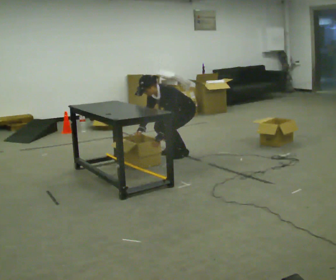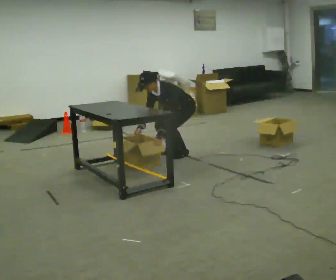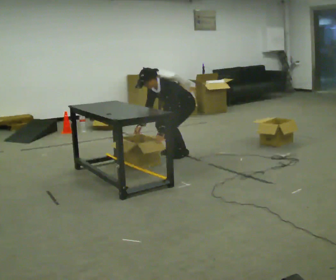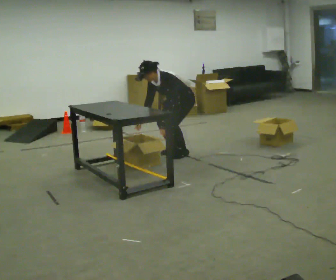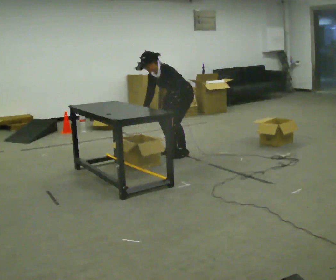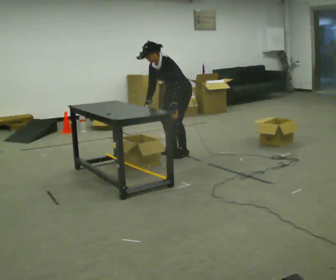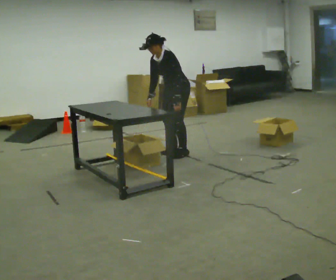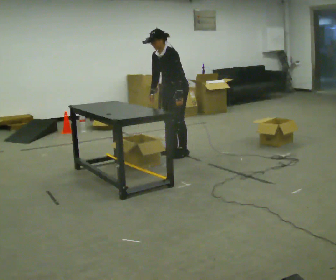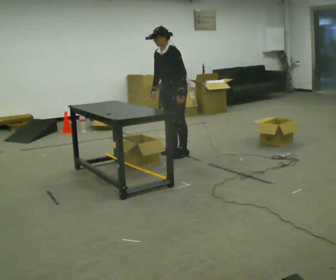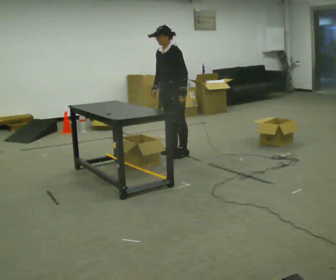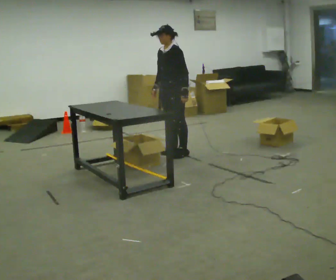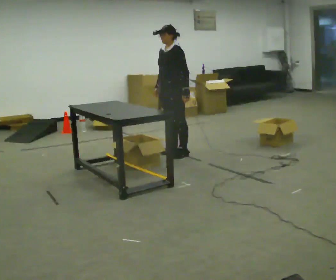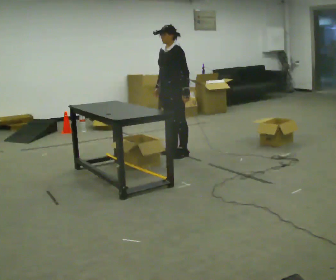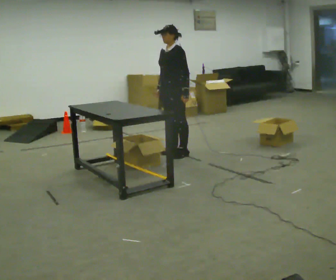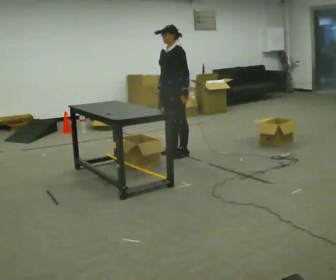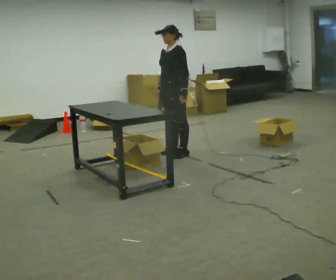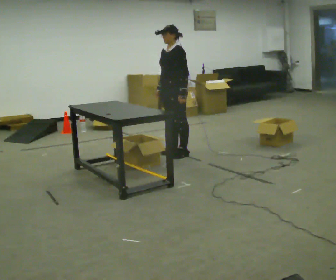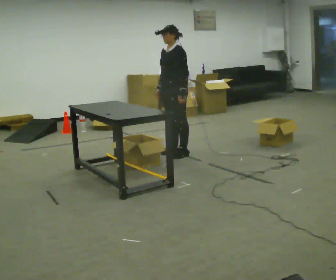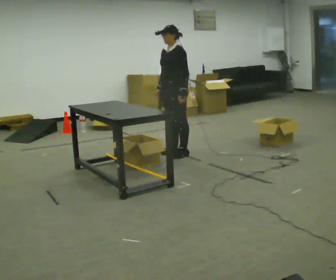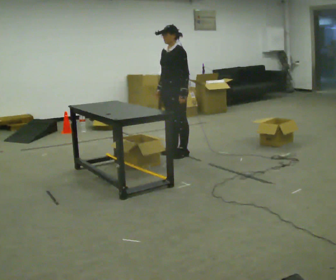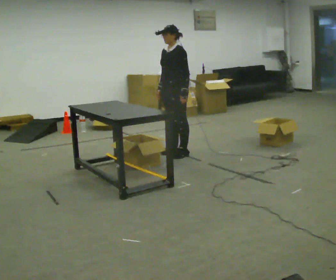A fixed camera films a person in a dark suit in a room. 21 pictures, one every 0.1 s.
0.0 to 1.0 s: The shoulders move upward. In the picture the upper body tilts clockwise, shoulders to the right, as they lean back or straighten. In the picture their right hand goes upward.
1.0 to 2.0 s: The person moves a little, or ends about where they began.
The film runs forward here.
